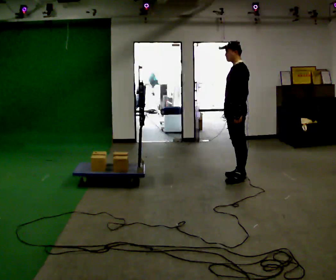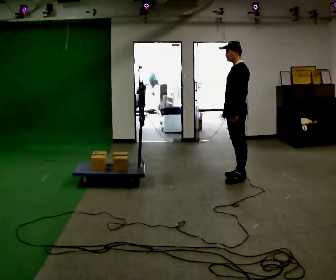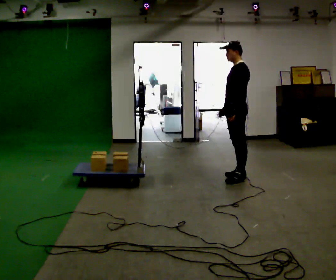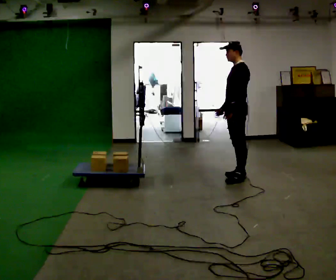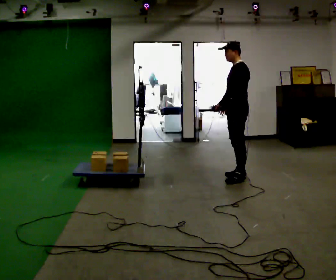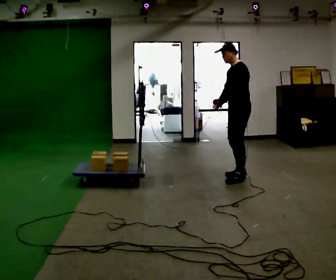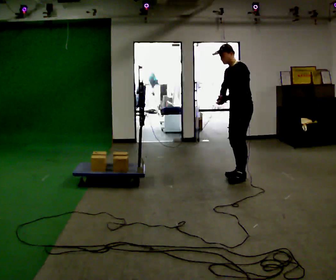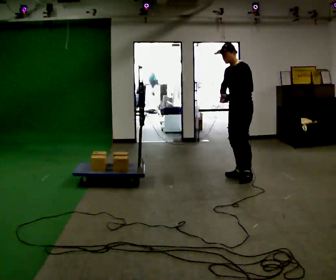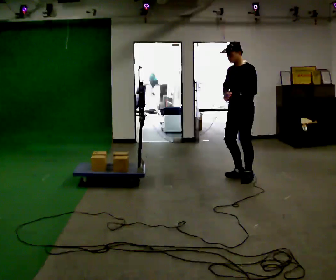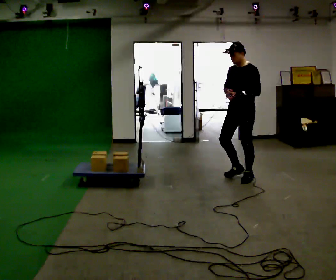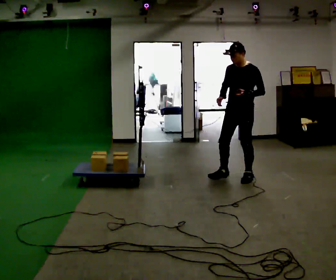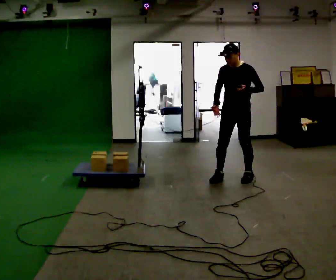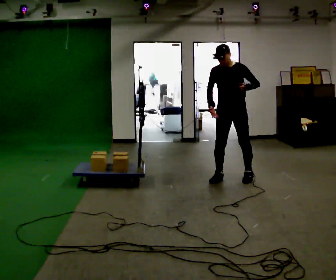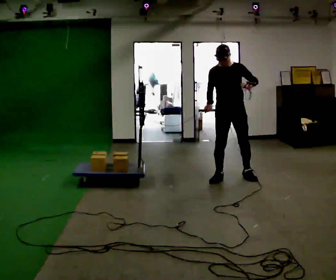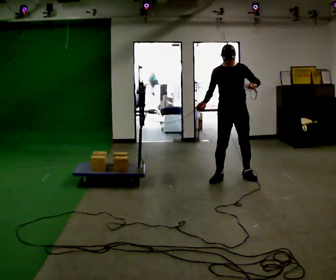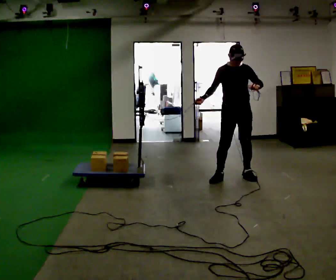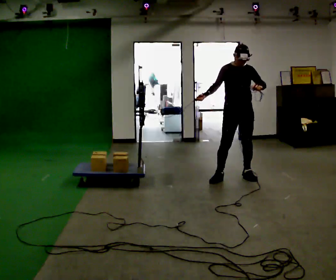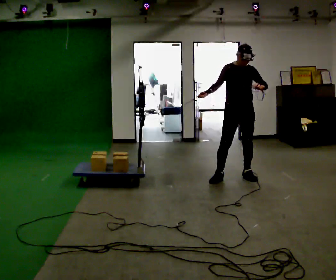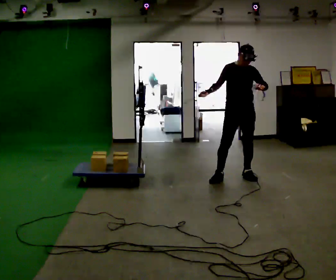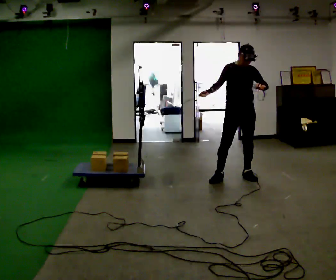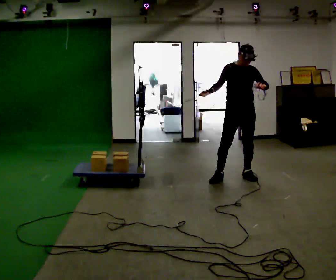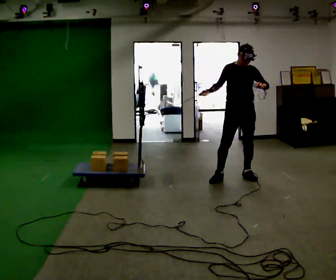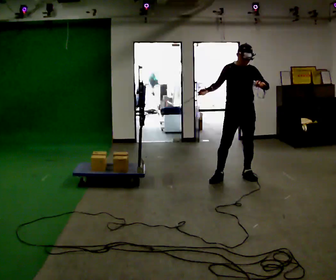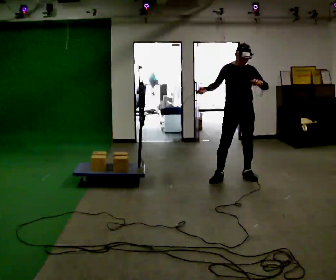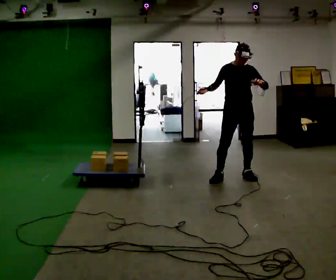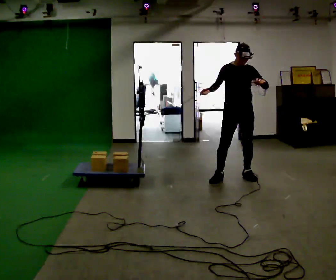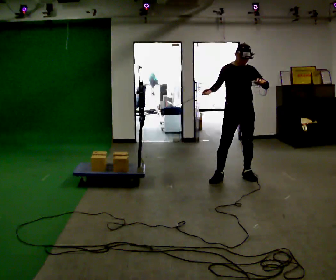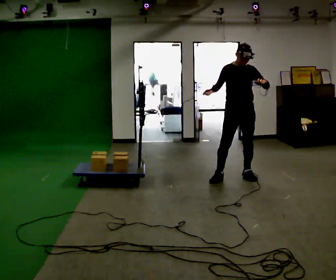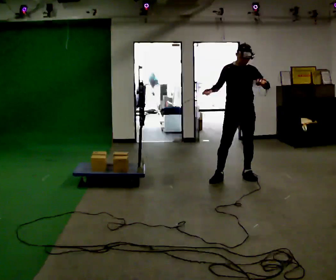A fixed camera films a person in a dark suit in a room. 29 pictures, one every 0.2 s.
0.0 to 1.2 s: The person moves a little, or ends about where they began.
1.2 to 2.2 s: The person turns about 45 degrees to their left, counterclockwise seen from above, so the part of the body nearest the lens slides to the right.
2.2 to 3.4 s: The part of the body nearest the lens slides to the right as the person turns to their left by about 30 degrees.
3.4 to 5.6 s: The person moves a little, or ends about where they began.
The film runs forward here.
